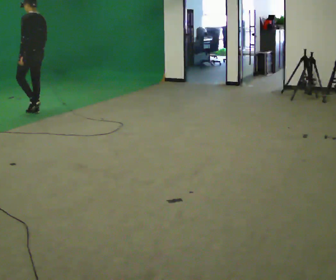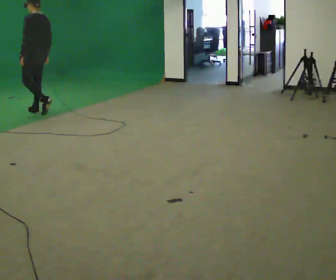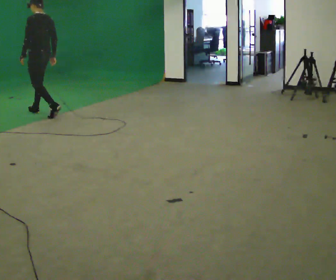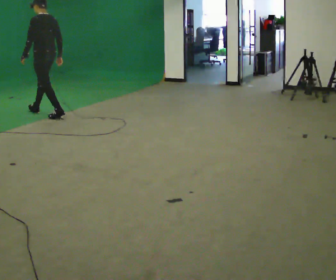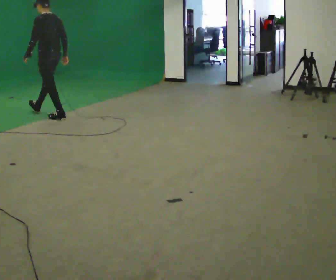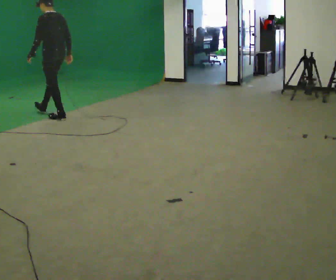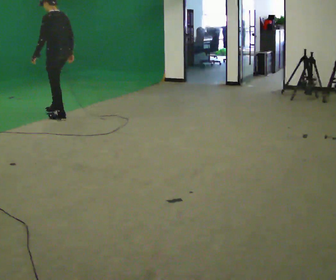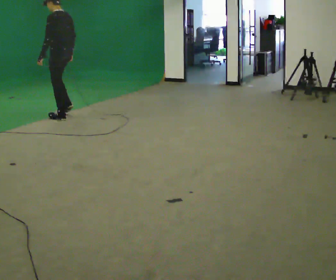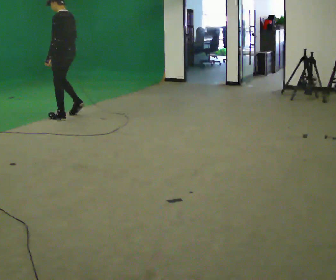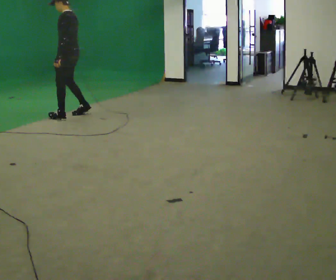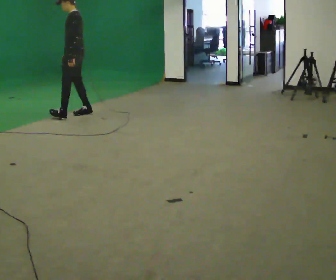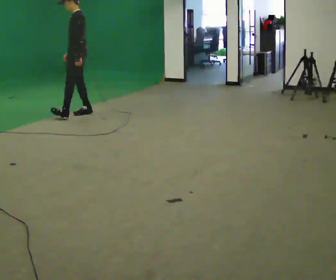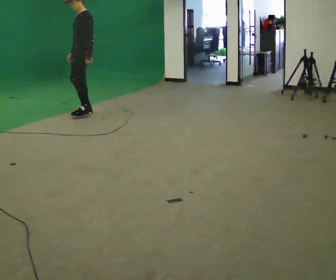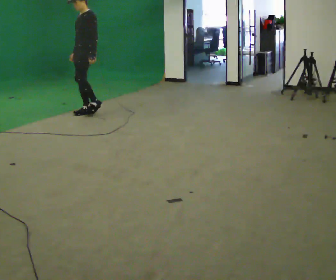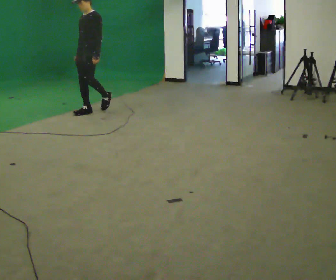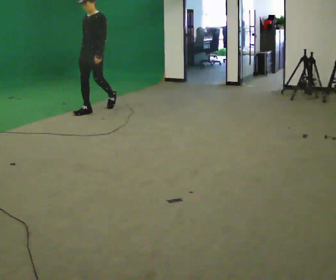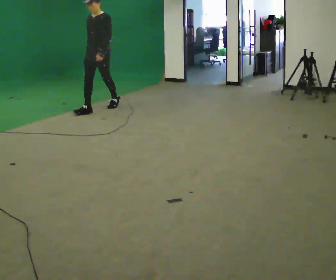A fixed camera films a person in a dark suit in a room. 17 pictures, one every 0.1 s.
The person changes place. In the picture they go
to the right.
The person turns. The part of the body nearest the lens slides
to the right.
0.0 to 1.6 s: The part of the body nearest the lens slides to the right as the person turns to their left by about 90 degrees. In the picture they go to the right, about 1 m in 2 steps.
The film runs backward here.
